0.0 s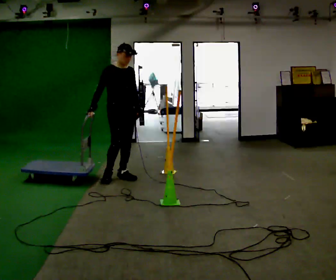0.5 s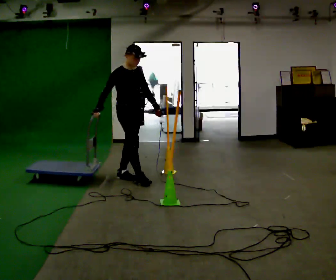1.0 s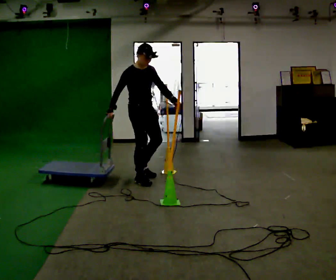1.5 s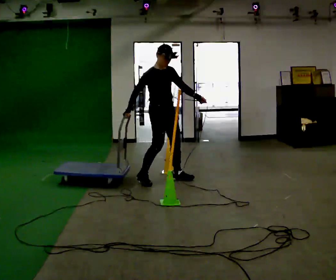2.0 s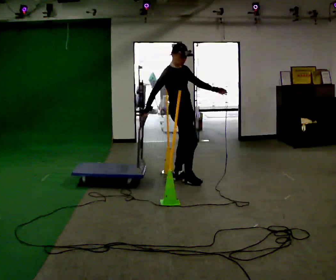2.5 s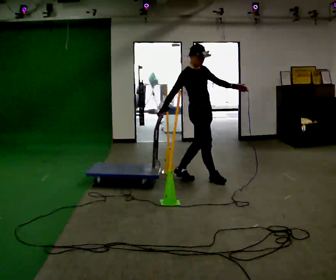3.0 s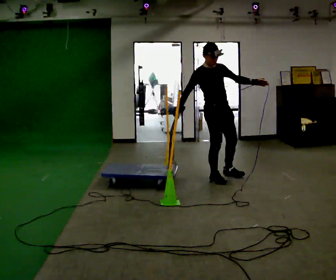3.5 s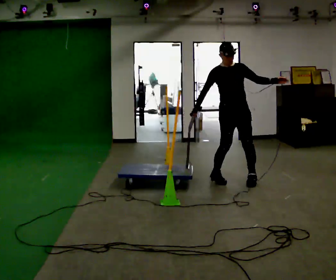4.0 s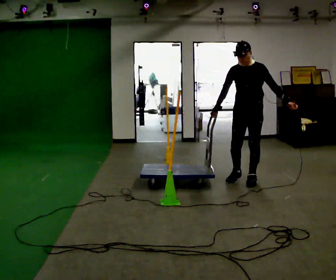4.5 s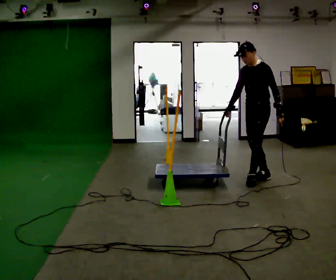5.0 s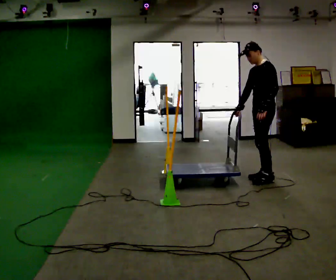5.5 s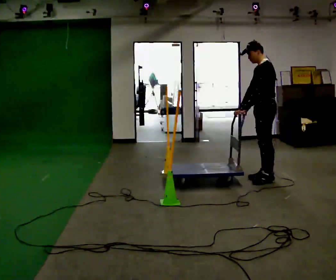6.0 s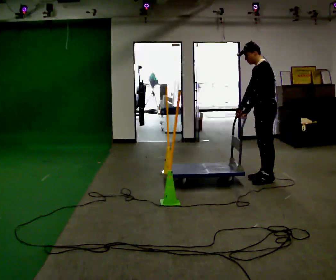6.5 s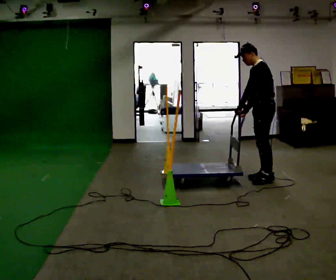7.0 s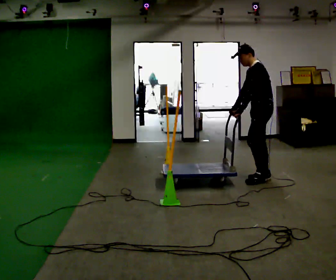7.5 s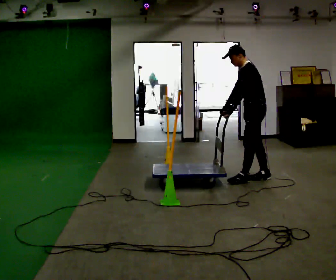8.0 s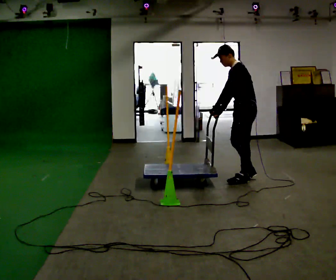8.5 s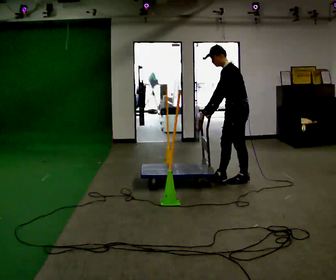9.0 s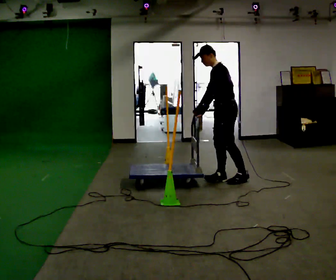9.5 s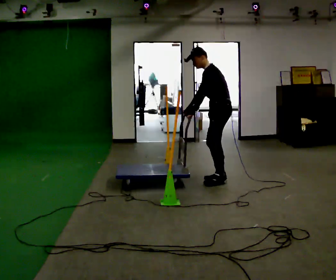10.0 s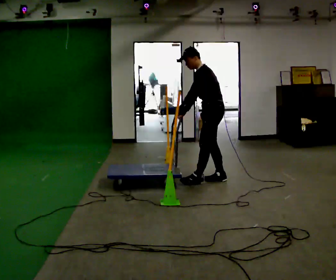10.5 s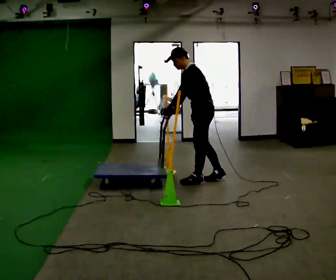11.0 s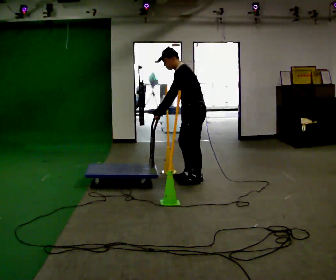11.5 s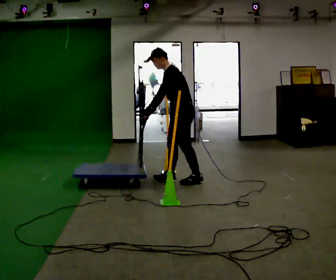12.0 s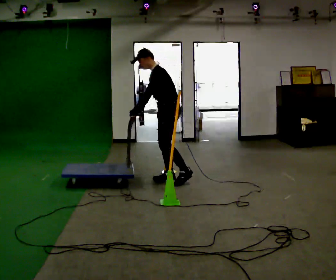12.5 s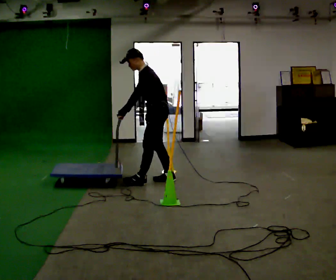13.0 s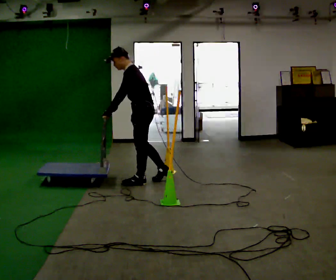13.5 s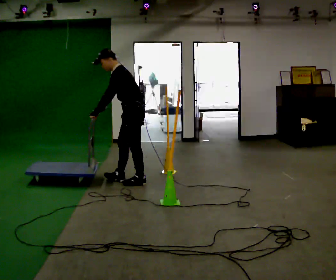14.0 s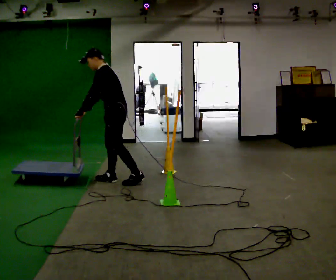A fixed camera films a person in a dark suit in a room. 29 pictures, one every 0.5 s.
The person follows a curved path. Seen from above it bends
counterclockwise.
0.0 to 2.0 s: In the picture they go to the right, about 1 m in 2 steps, which for them is forward and to their left.
2.0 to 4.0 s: Seen from above the body turns clockwise, about 90 degrees: to their right, with its near side sliding to the left. In the picture they go to the right, about 1 m in 2 steps.
4.0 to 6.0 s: The person turns about 60 degrees to their right, clockwise seen from above, so the part of the body nearest the lens slides to the left. In the picture they go to the right, about 0.25 m in 2 steps. In the picture their left hand goes to the left, the arm swinging clockwise.
6.0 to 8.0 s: In the picture they go to the left, about 0.25 m in 1 step, which for them is forward.
8.0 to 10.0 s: In the picture they go to the left, about 0.5 m in 2 steps, which for them is forward.
10.0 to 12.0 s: In the picture they go to the left, about 0.5 m in 1 step, which for them is forward.
12.0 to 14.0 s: In the picture they go to the left, about 0.75 m in 2 steps, which for them is forward.
The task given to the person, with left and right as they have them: Push the cart in and out of the line of poles without touching any of them. Keep going until the operator says stop.
The film runs forward here.
